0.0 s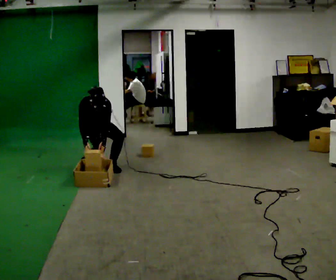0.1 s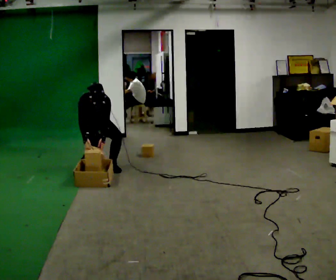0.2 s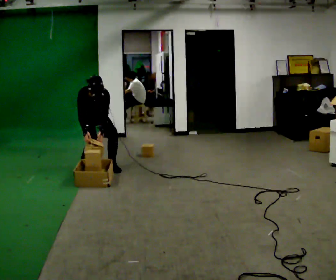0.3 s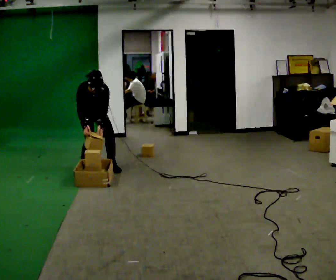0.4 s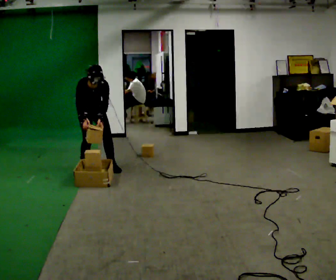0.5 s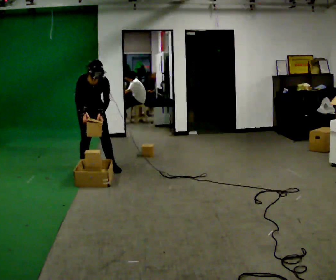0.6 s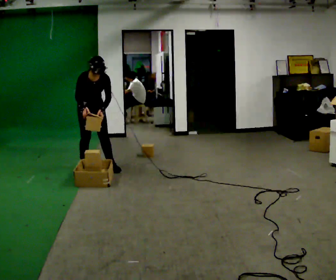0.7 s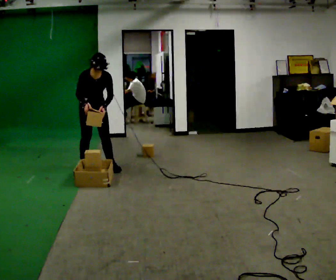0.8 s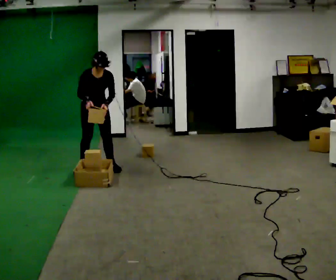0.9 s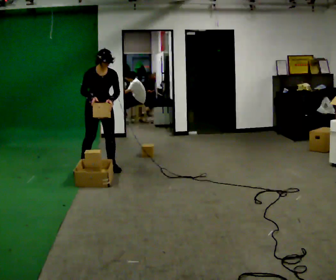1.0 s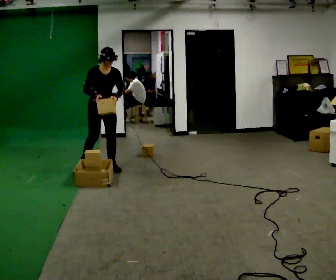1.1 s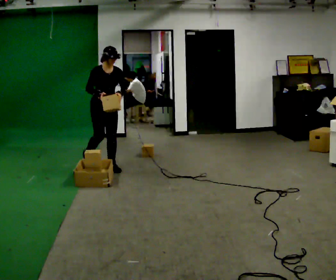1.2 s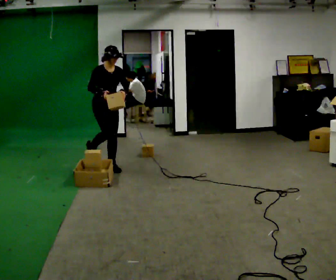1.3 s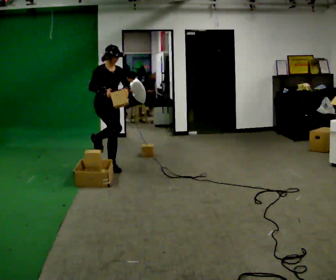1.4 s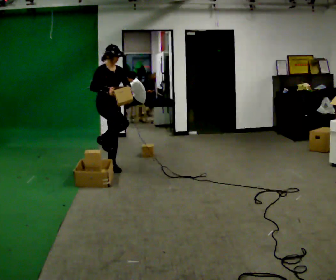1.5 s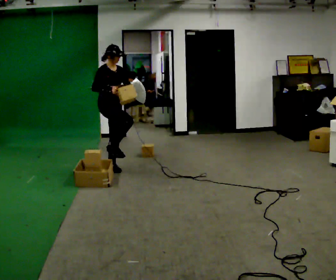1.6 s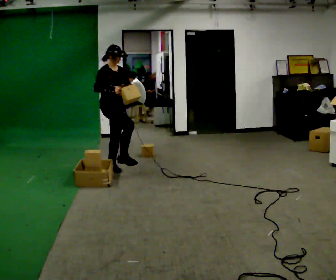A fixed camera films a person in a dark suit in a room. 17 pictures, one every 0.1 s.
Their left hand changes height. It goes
upward.
Their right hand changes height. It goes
upward.
0.0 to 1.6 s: The person turns about 30 degrees to their left, counterclockwise seen from above, so the part of the body nearest the lens slides to the right. In the picture they go toward the camera and to the right, about 0.5 m, which for them is forward and to their left. The upper body goes upward. The upper body tips away from the camera, its near side rolling upward, as they lean back or straighten. In the picture their right hand goes upward.
The film runs forward here.
